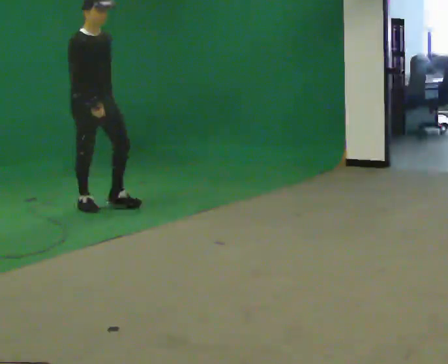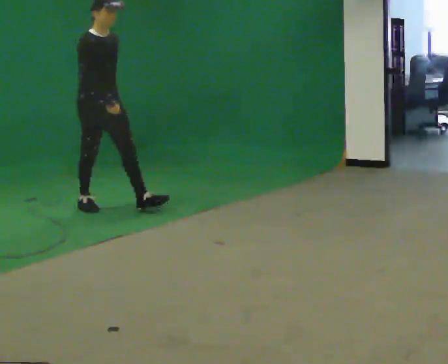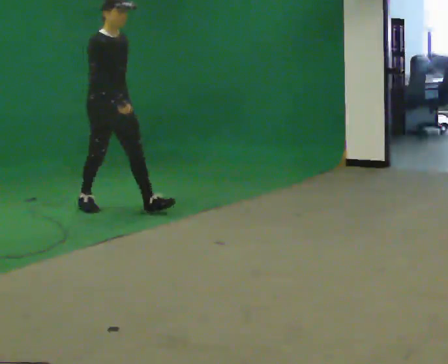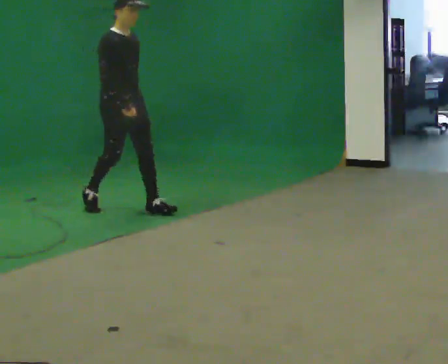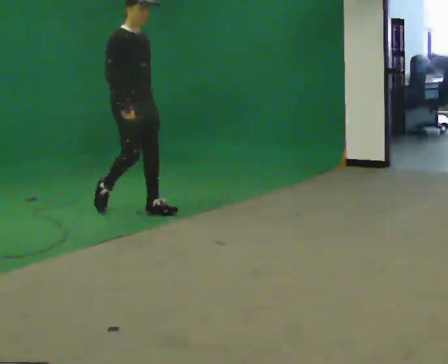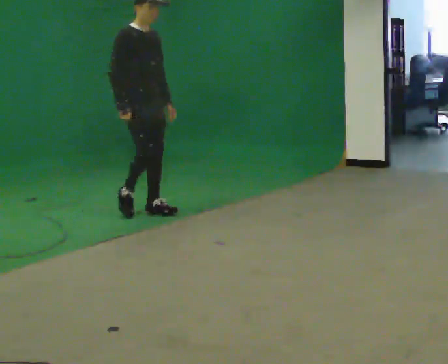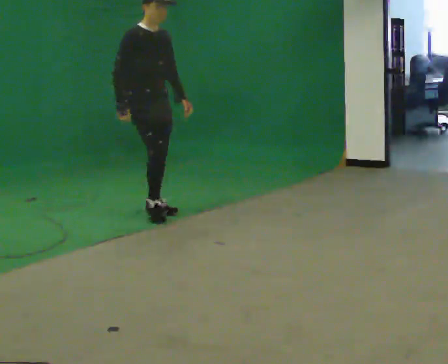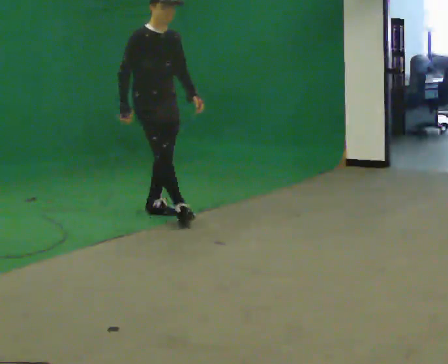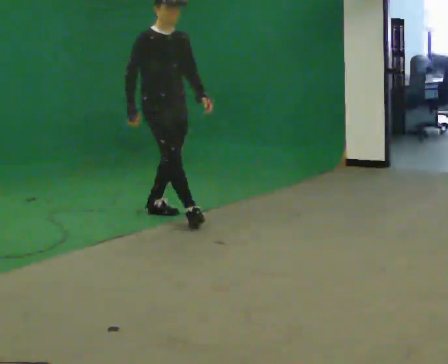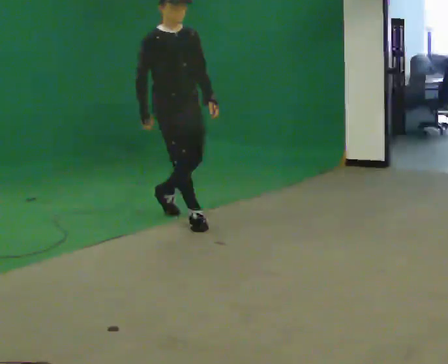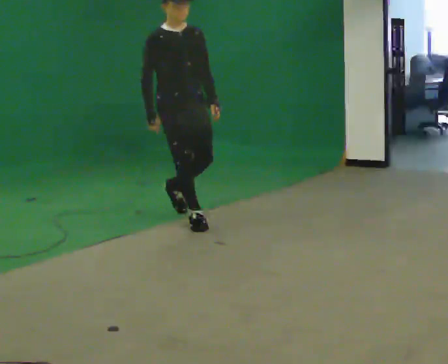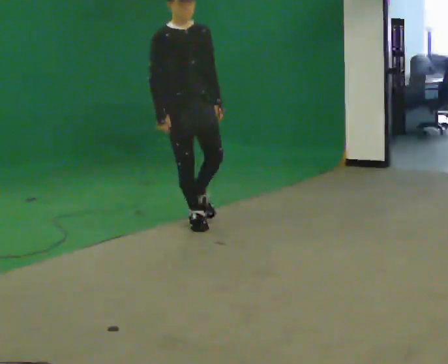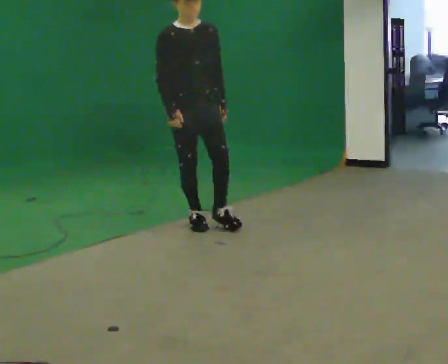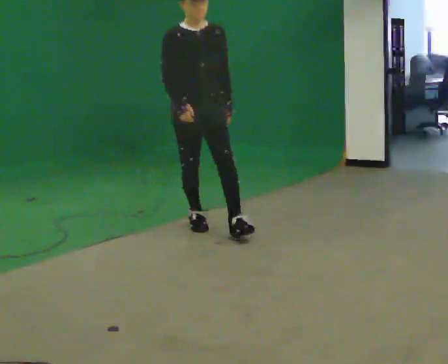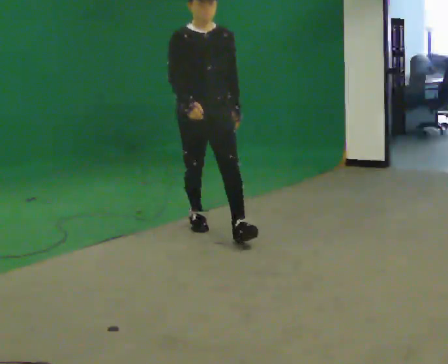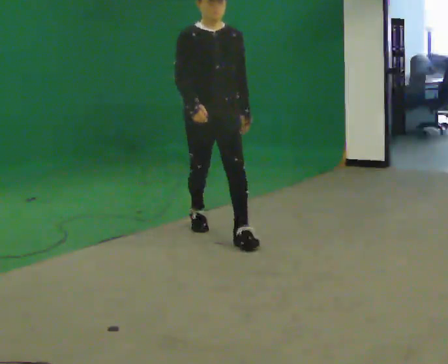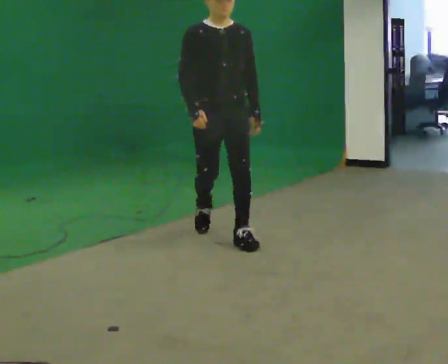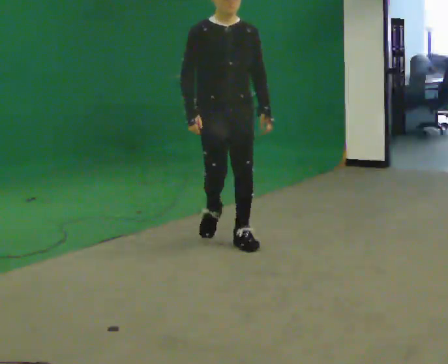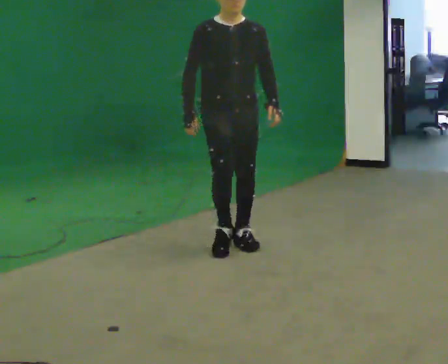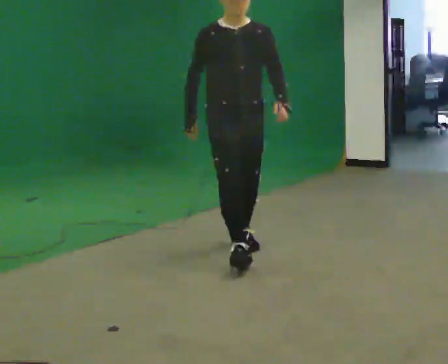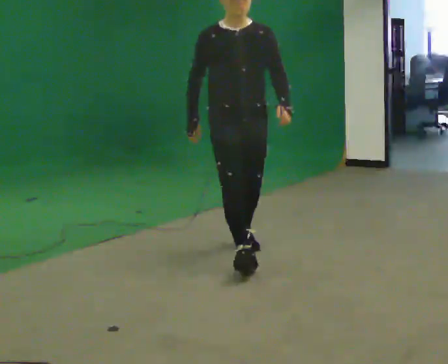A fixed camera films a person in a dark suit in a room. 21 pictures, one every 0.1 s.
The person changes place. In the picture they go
toward the camera.
0.0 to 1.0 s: In the picture they go to the right and toward the camera, about 1 m in 2 steps, which for them is forward.
1.0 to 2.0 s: In the picture they go toward the camera, about 1 m in 1 step, which for them is forward.
The film runs forward here.
